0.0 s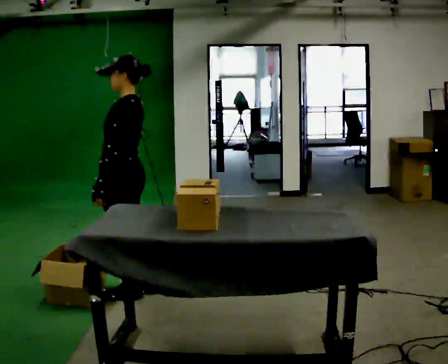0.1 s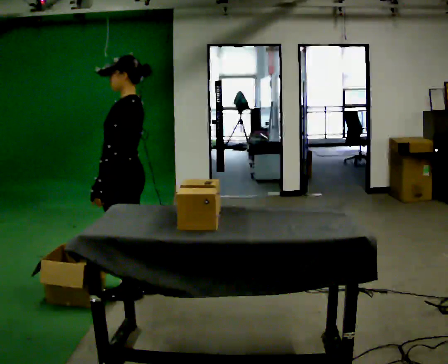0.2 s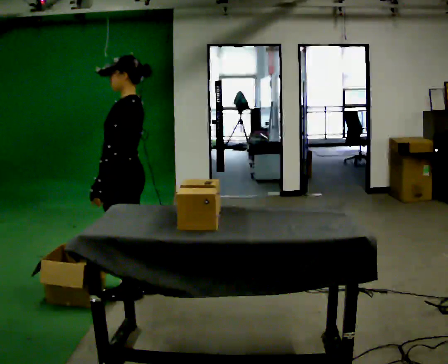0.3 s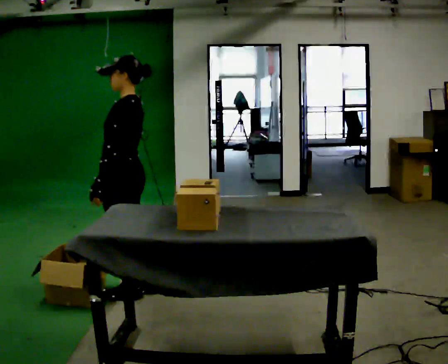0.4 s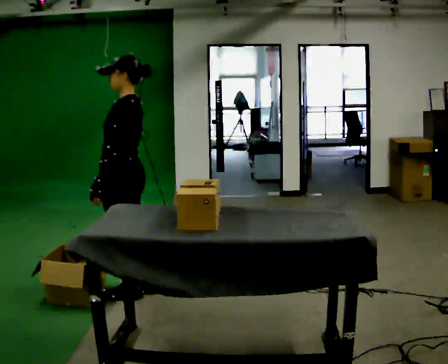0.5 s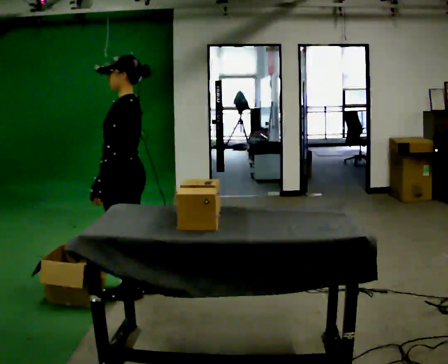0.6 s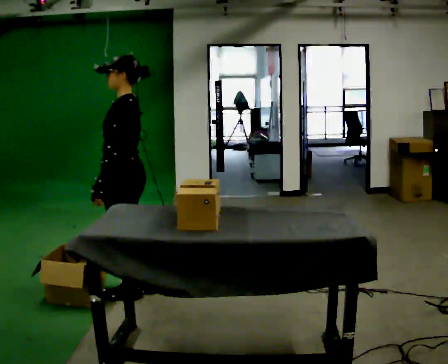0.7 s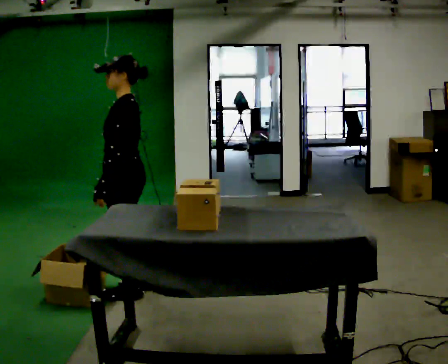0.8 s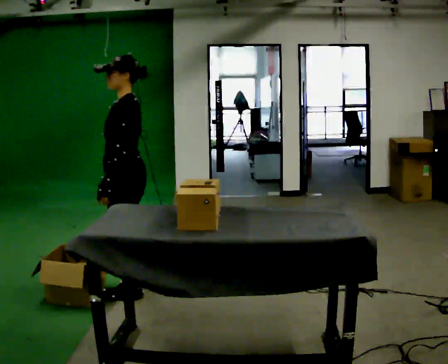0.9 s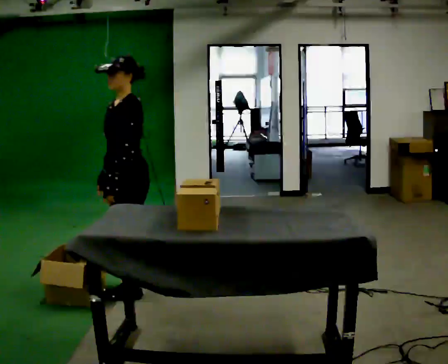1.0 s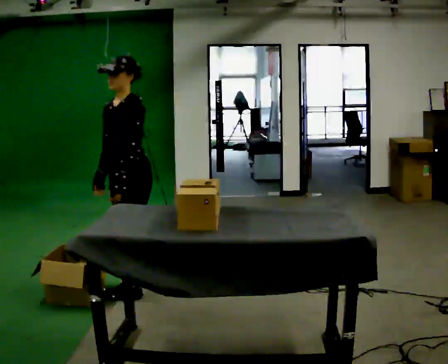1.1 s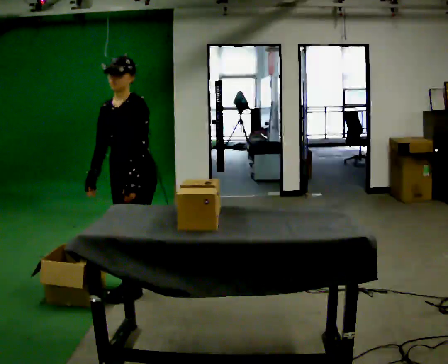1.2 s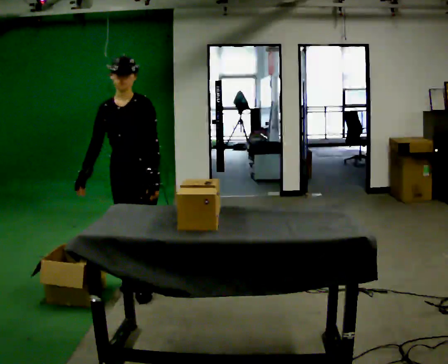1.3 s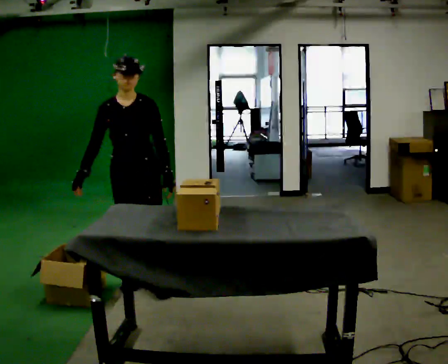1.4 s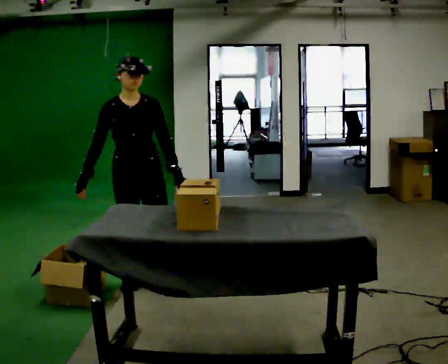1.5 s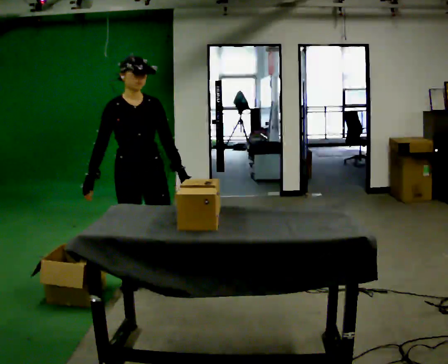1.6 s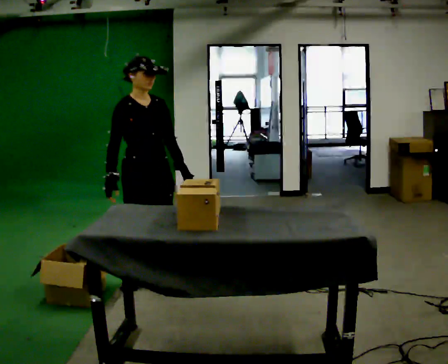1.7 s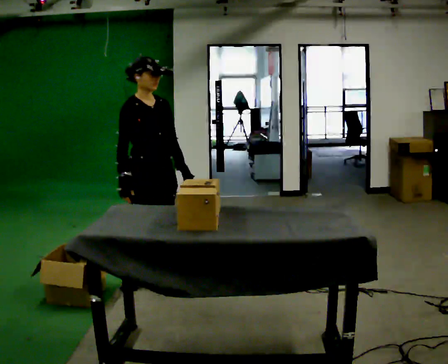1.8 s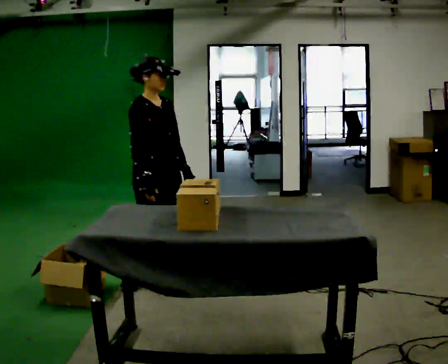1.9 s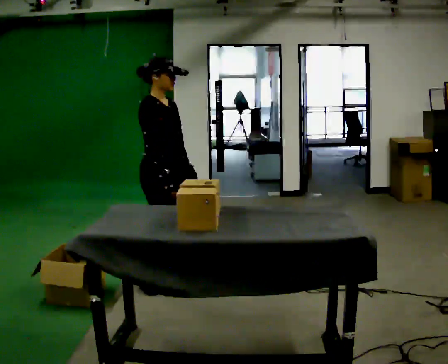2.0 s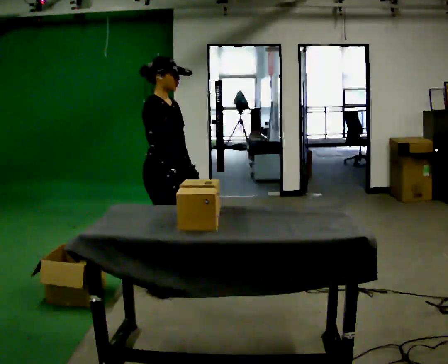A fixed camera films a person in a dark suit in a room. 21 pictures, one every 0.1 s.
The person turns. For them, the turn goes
to their left.
The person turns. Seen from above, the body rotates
counterclockwise.
0.0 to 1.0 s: Seen from above the body turns counterclockwise, about 45 degrees: to their left, with its near side sliding to the right.
1.0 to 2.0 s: The part of the body nearest the lens slides to the right as the person turns to their left by about 120 degrees. In the picture they go to the right, about 0.25 m in 1 step. In the picture their left hand goes to the right.
The film runs forward here.
